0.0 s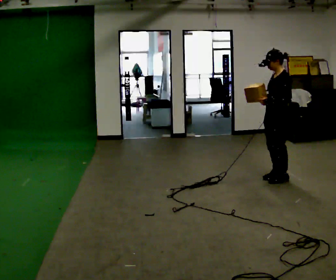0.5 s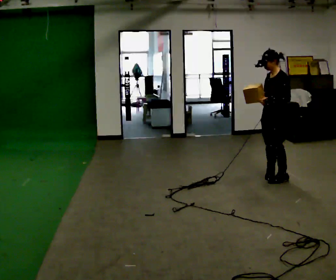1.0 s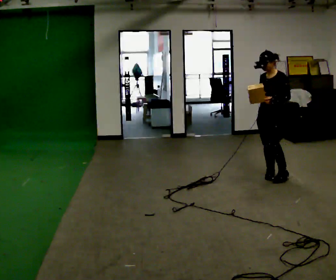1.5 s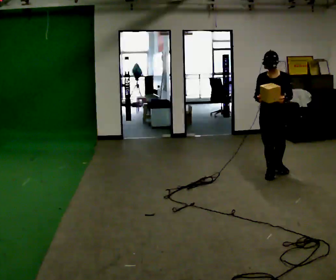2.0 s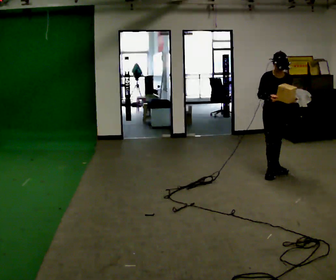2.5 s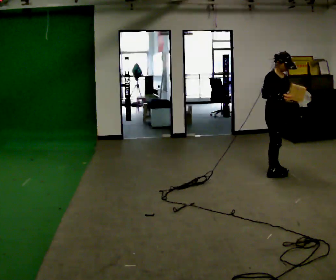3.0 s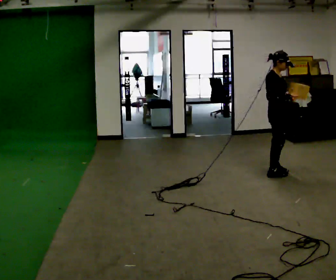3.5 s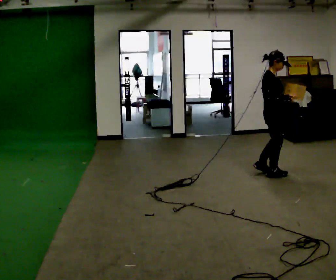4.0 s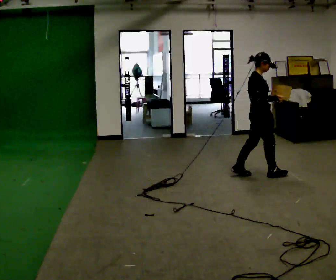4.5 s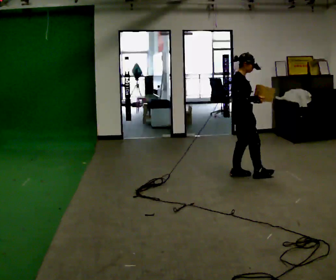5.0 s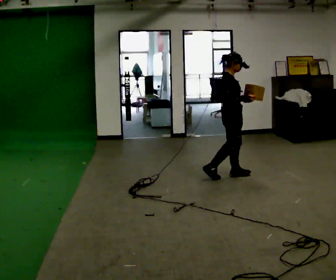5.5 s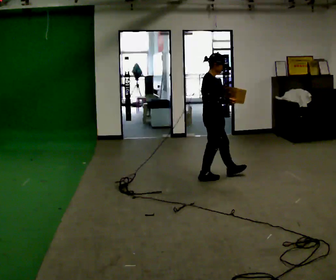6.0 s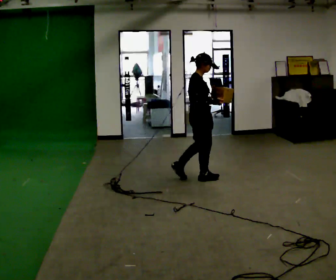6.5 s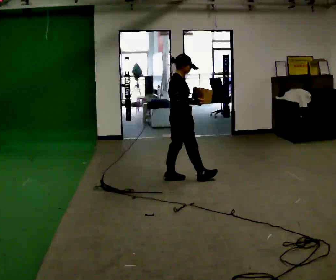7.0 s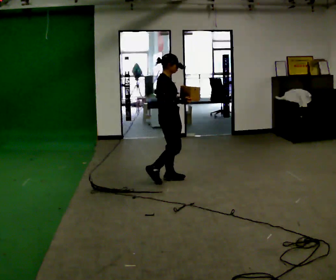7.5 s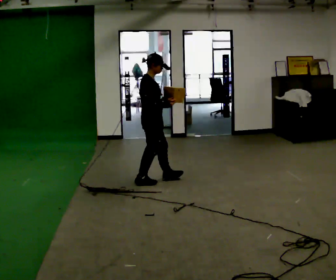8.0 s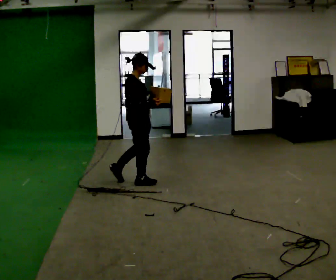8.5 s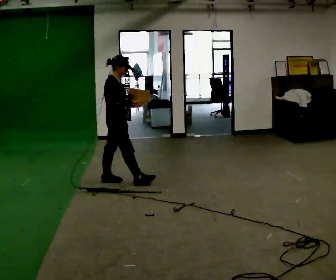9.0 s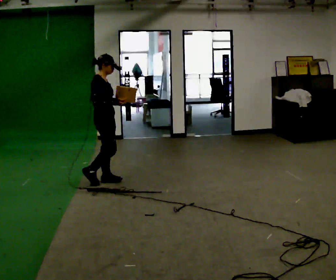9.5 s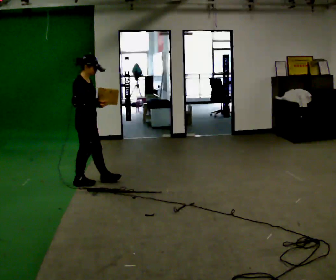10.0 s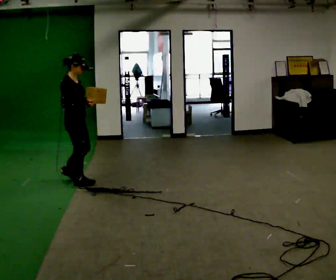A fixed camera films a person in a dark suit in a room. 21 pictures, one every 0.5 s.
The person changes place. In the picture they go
to the left.
The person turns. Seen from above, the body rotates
counterclockwise.
0.0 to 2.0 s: The part of the body nearest the lens slides to the right as the person turns to their left by about 105 degrees. In the picture they go away from the camera, about 0.25 m in 2 steps.
2.0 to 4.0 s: Seen from above the body turns counterclockwise, about 75 degrees: to their left, with its near side sliding to the right. In the picture they go to the left, about 0.25 m in 1 step.
4.0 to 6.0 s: In the picture they go to the left, about 0.5 m in 2 steps, which for them is backward.
6.0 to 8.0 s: In the picture they go to the left, about 0.5 m in 2 steps, which for them is backward.
8.0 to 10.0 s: In the picture they go to the left, about 0.5 m in 2 steps, which for them is backward.
The film runs backward here.
